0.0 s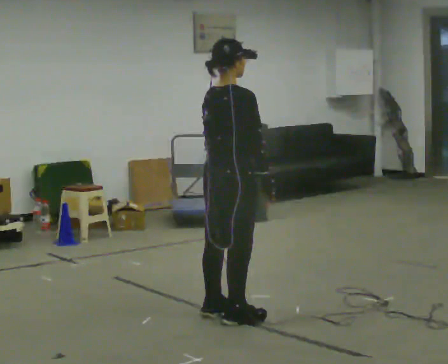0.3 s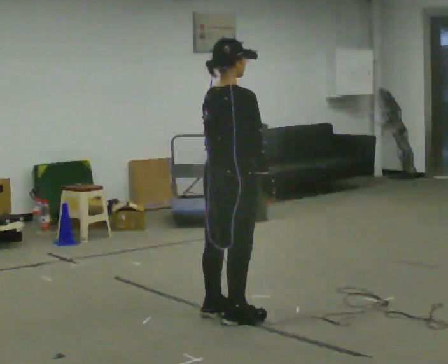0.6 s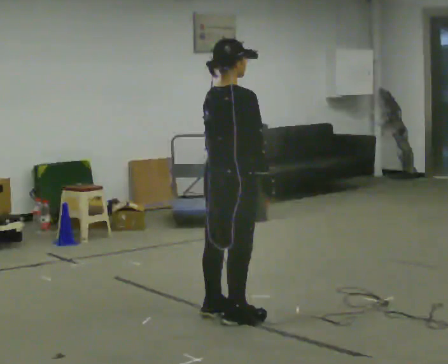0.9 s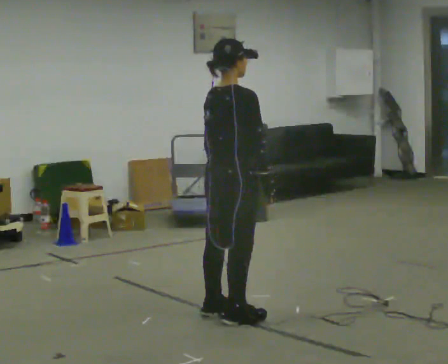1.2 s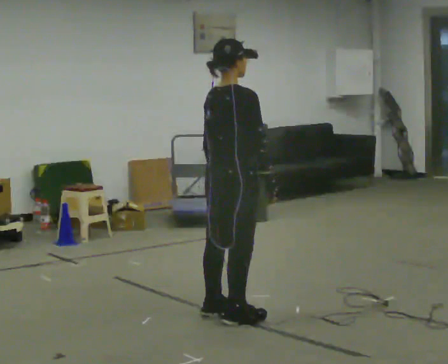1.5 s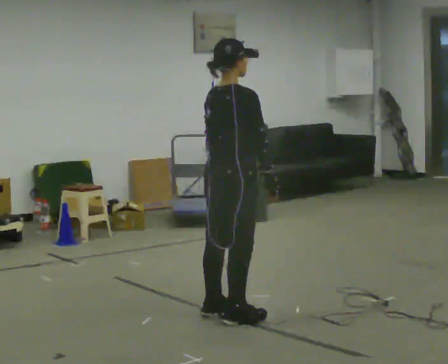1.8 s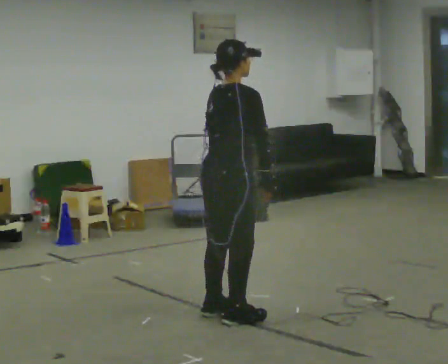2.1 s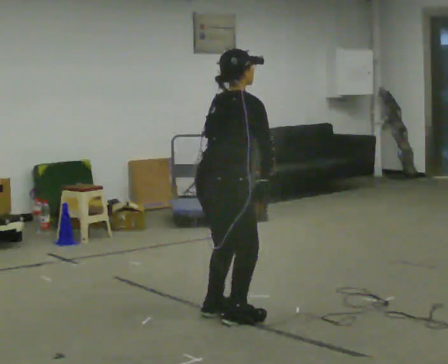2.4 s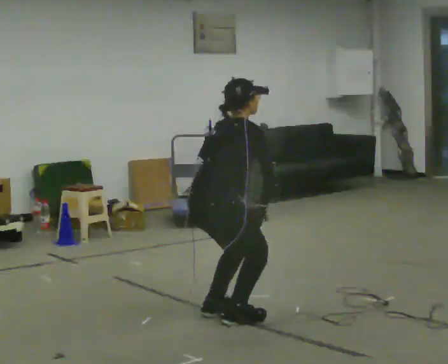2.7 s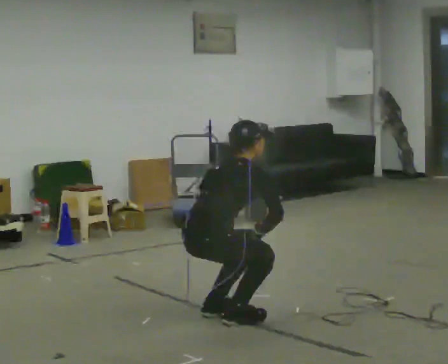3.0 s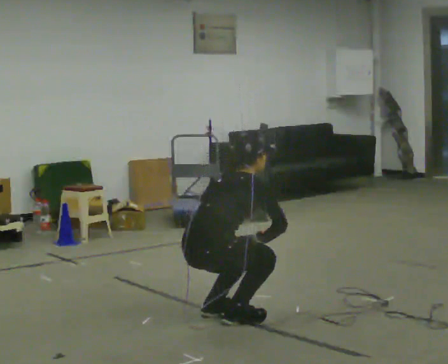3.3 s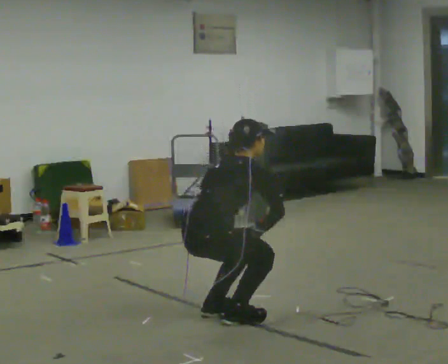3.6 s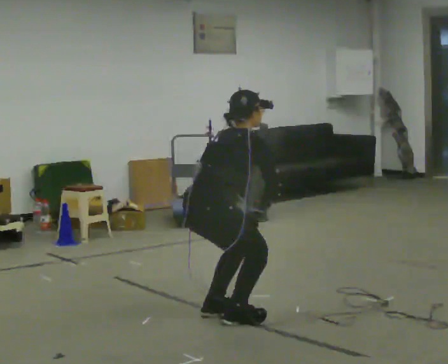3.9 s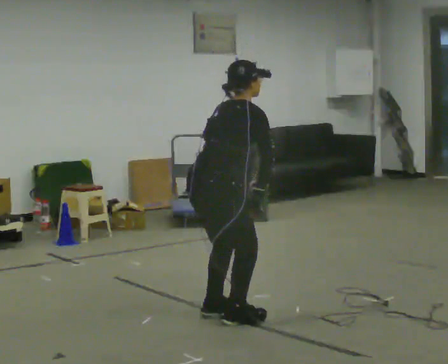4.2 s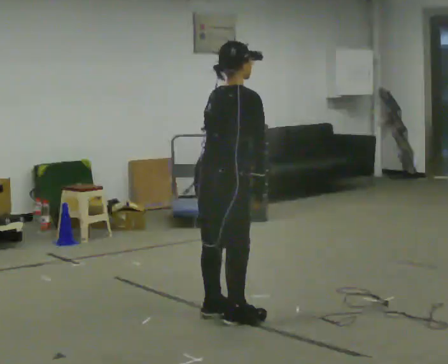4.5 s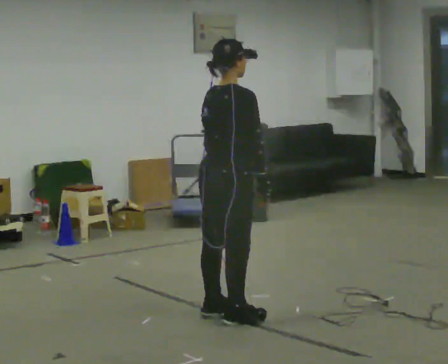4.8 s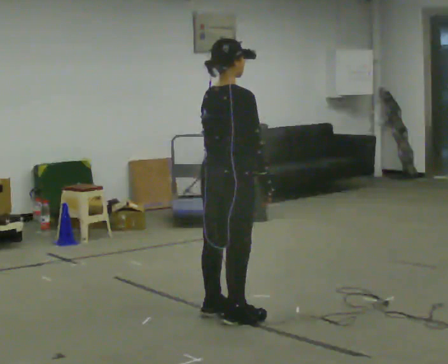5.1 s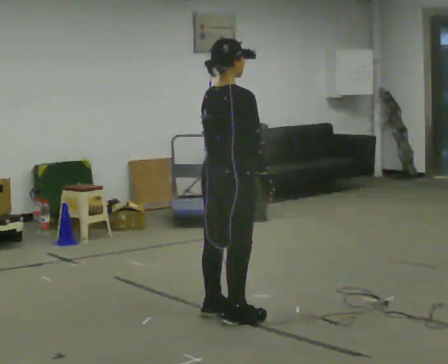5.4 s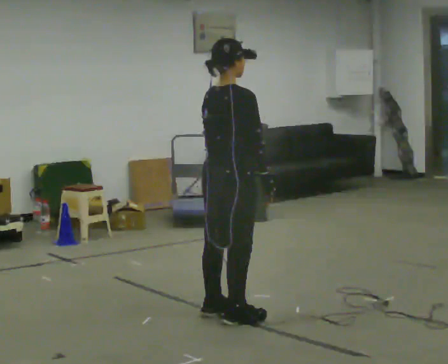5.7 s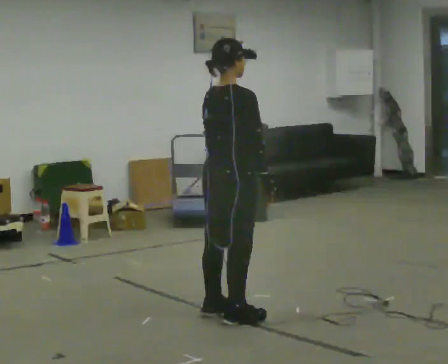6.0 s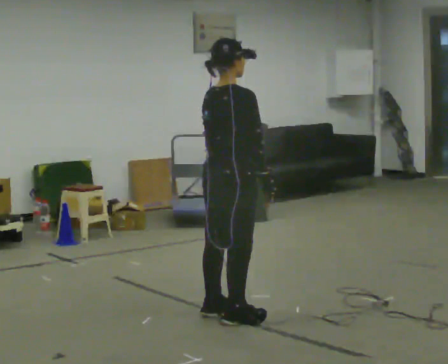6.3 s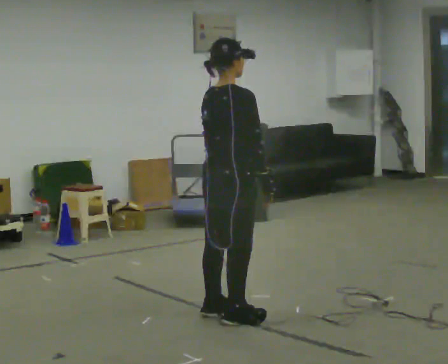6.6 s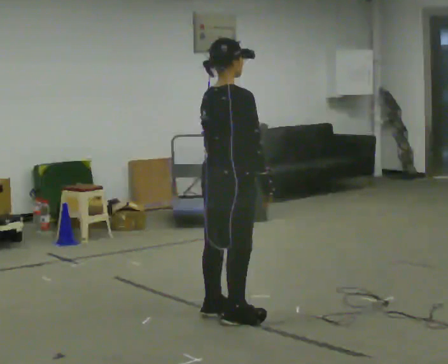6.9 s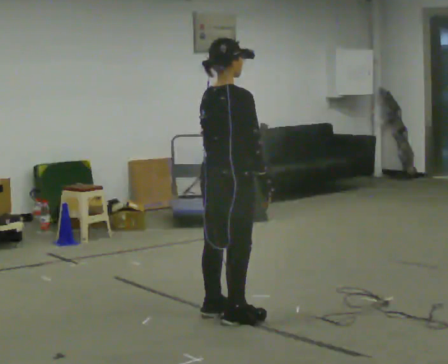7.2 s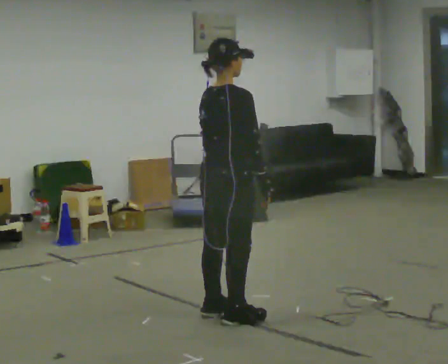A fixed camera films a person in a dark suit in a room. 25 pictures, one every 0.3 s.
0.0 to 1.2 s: The person keeps their place and pose.
1.2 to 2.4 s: The upper body goes downward. In the picture the upper body tilts clockwise, shoulders to the right, as they bend forward.
2.4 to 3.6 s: The person moves a little, or ends about where they began.
3.6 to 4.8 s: The shoulders move upward. In the picture the upper body tilts counterclockwise, shoulders to the left, as they lean back or straighten.
4.8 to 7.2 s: The person keeps their place and pose.
The film runs backward here.
